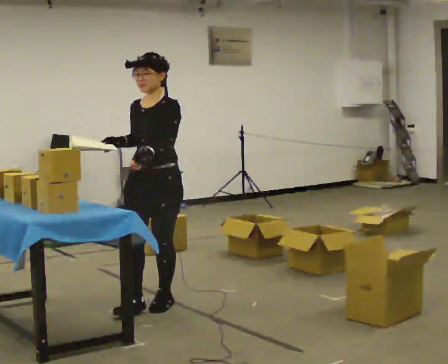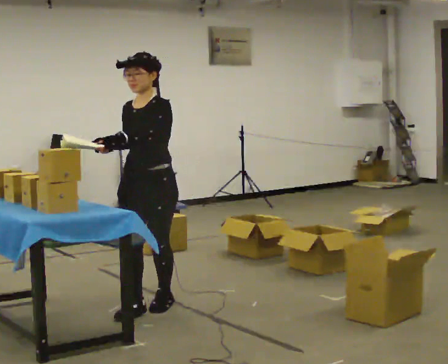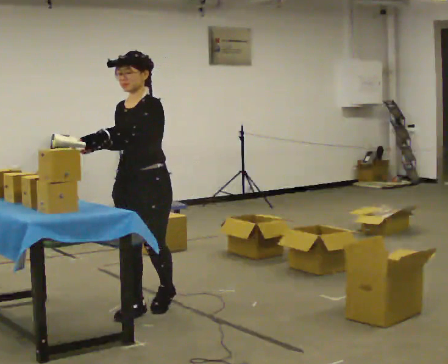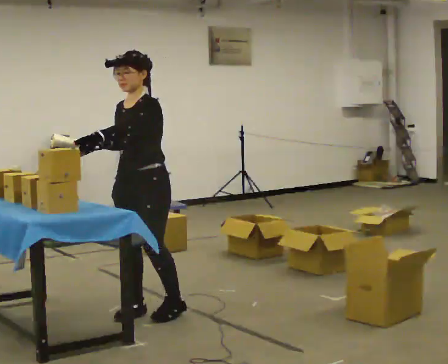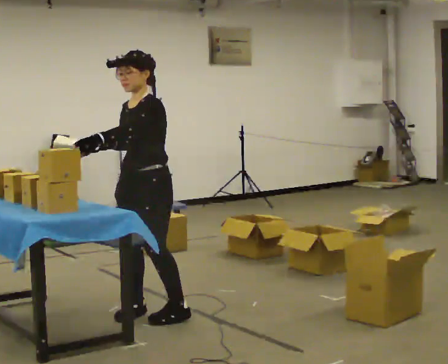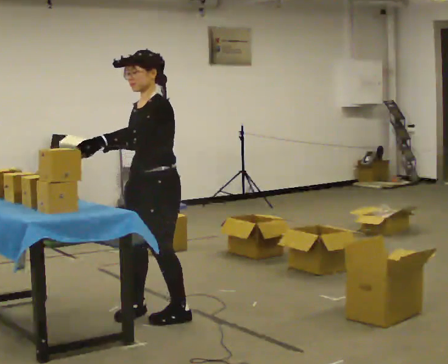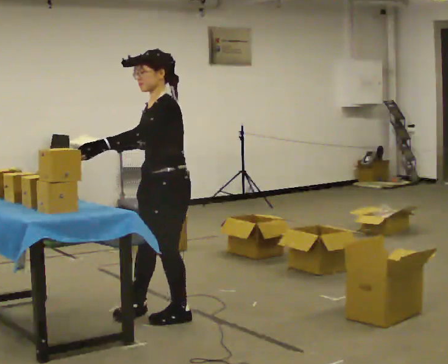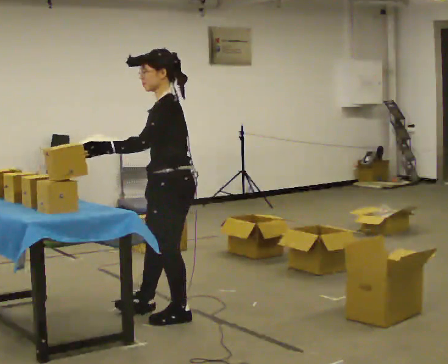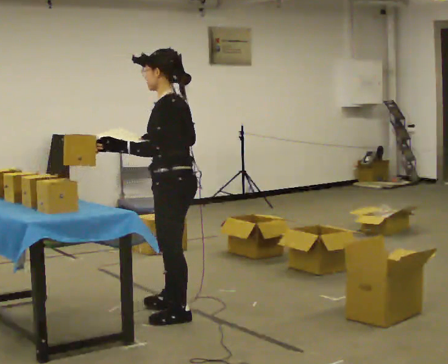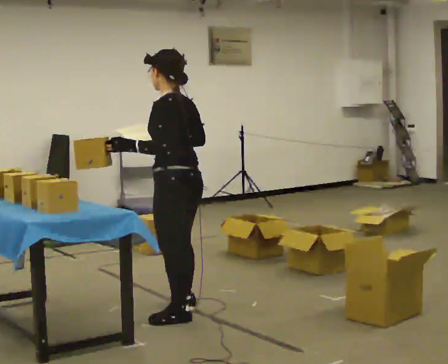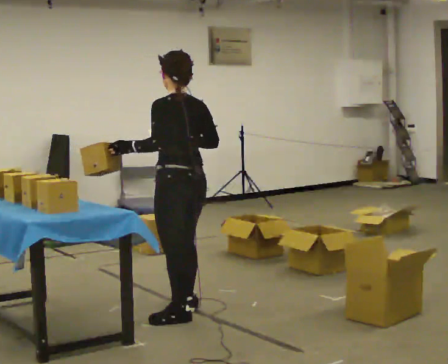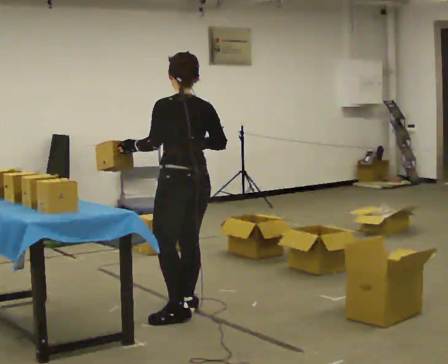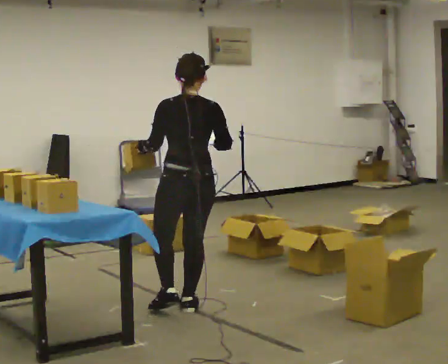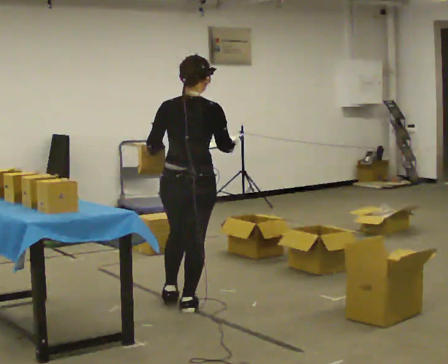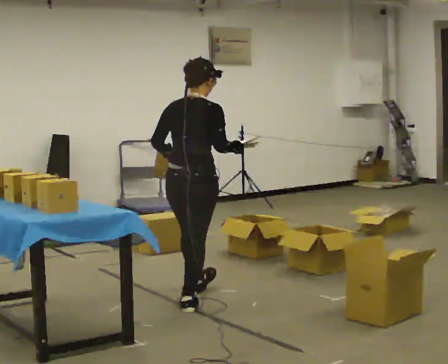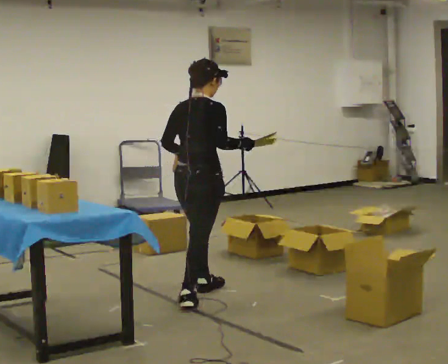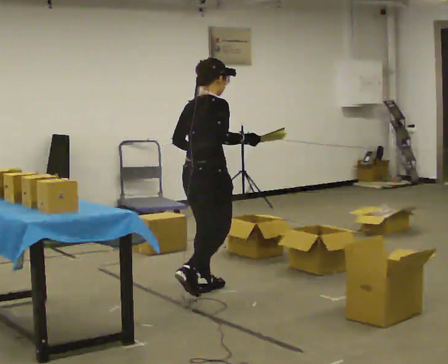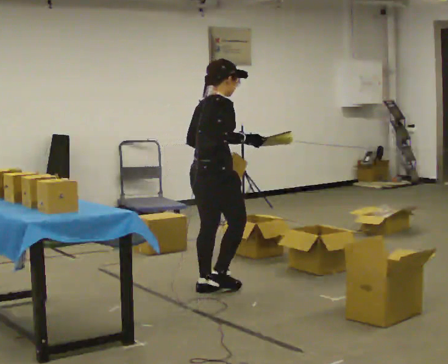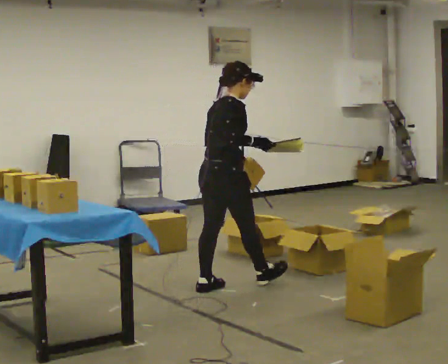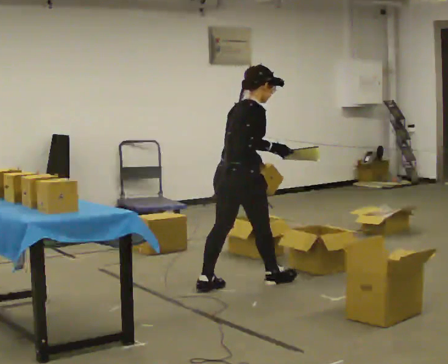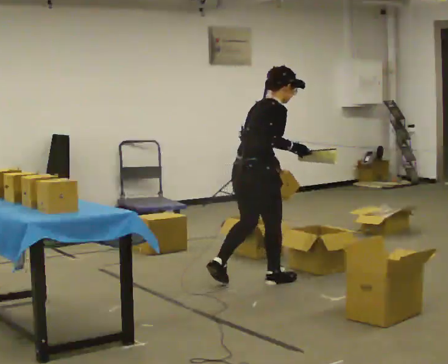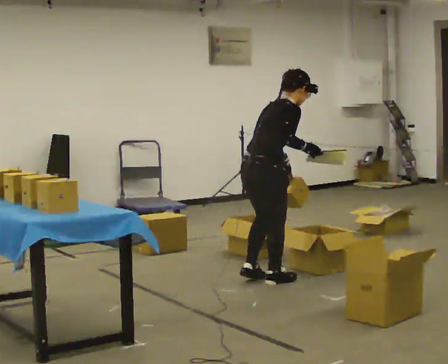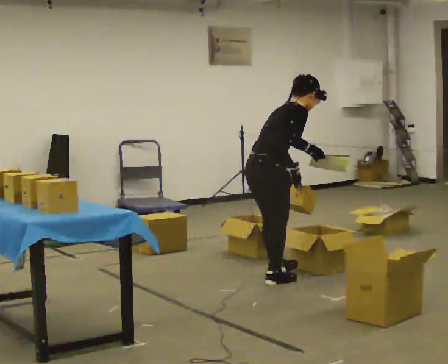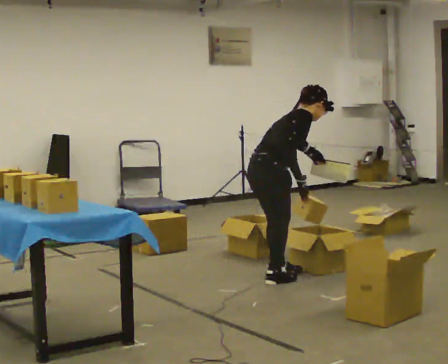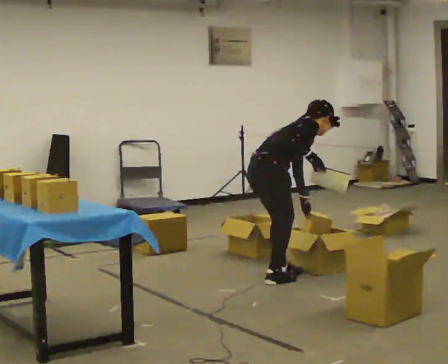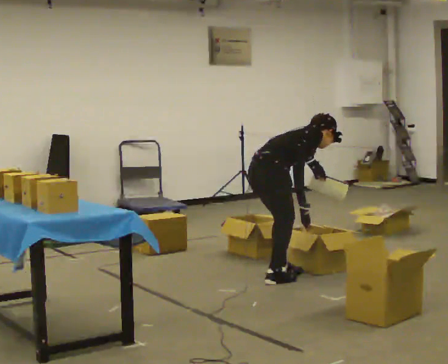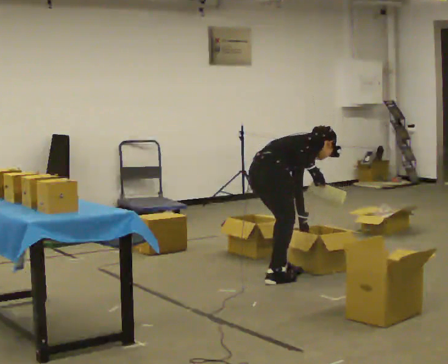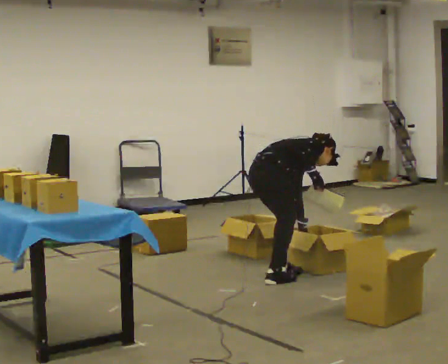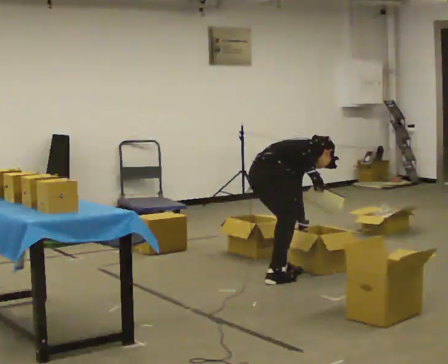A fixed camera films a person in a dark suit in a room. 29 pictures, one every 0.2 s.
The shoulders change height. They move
downward.
The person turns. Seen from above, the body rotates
clockwise.
0.0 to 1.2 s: The person turns about 45 degrees to their right, clockwise seen from above, so the part of the body nearest the lens slides to the left. In the picture they go toward the camera, about 0.25 m in 2 steps, which for them is to their left and forward.
1.2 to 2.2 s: The part of the body nearest the lens slides to the left as the person turns to their right by about 75 degrees. In the picture their right hand goes to the right.
2.2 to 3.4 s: The person turns about 90 degrees to their right, clockwise seen from above, so the part of the body nearest the lens slides to the left. In the picture they go away from the camera, about 0.5 m in 1 step.
3.4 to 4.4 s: In the picture they go to the right and away from the camera, about 0.5 m in 2 steps, which for them is forward. In the picture the upper body tilts clockwise, shoulders to the right, as they bend forward.
4.4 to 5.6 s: The upper body goes downward. The upper body tips away from the camera, its near side rolling upward, as they bend forward. In the picture their left hand goes downward.
The film runs forward here.
